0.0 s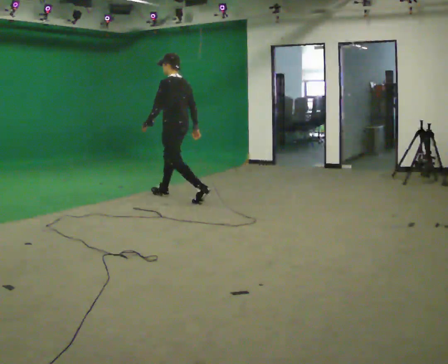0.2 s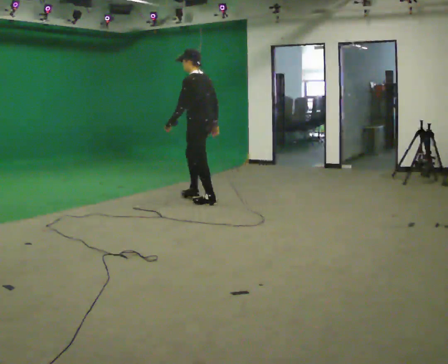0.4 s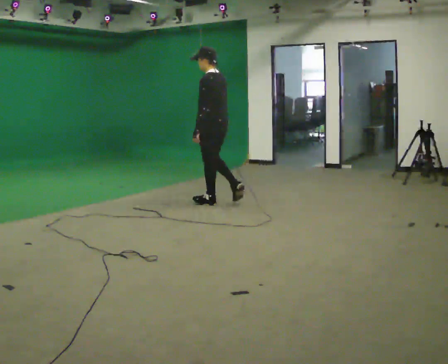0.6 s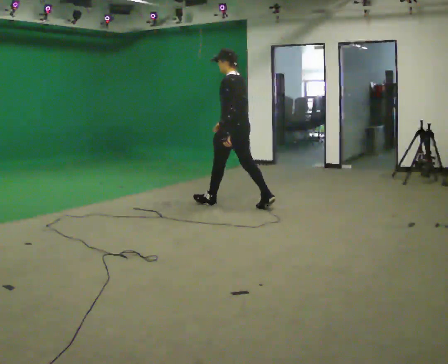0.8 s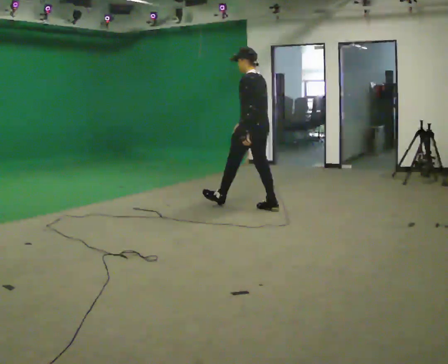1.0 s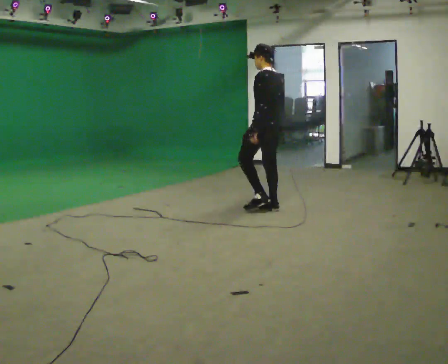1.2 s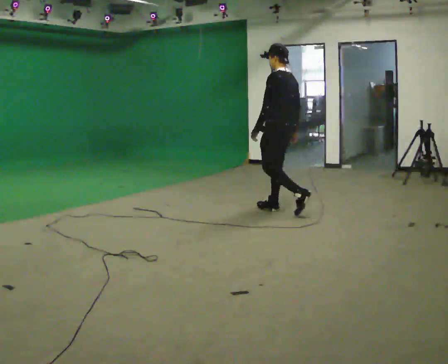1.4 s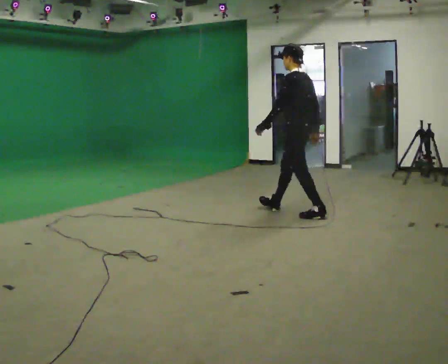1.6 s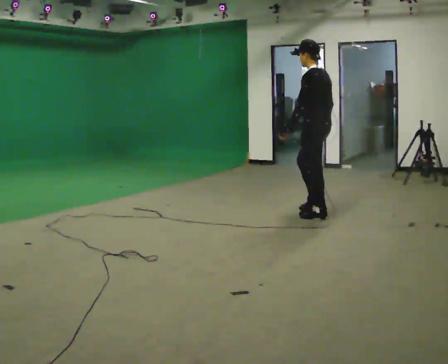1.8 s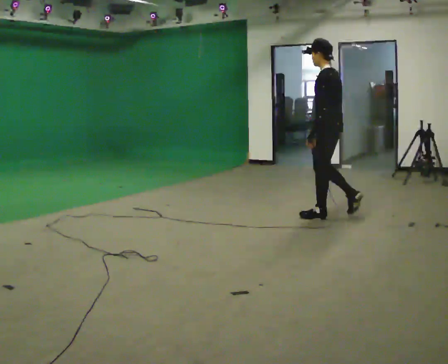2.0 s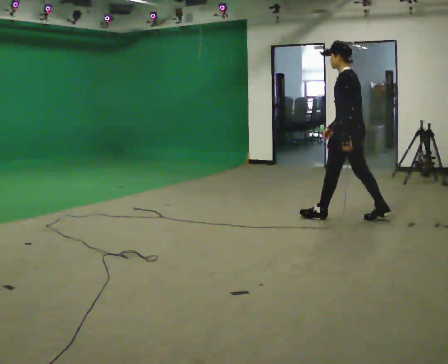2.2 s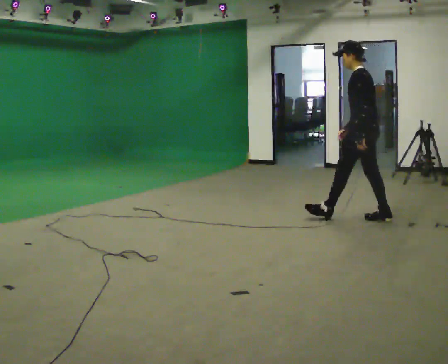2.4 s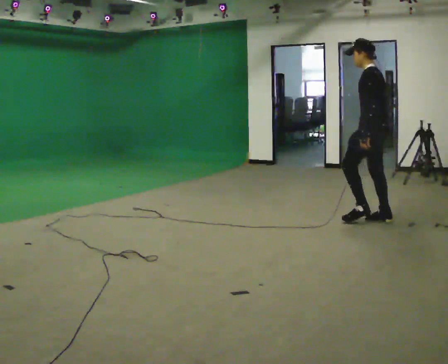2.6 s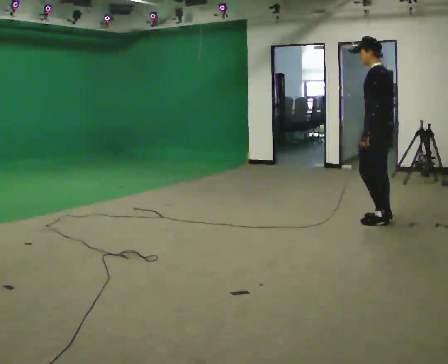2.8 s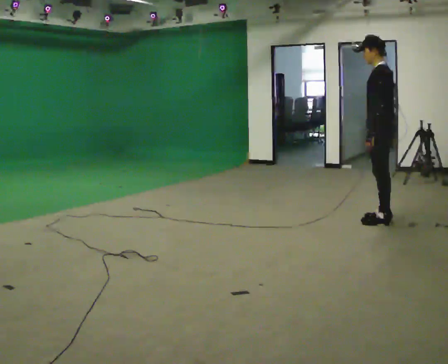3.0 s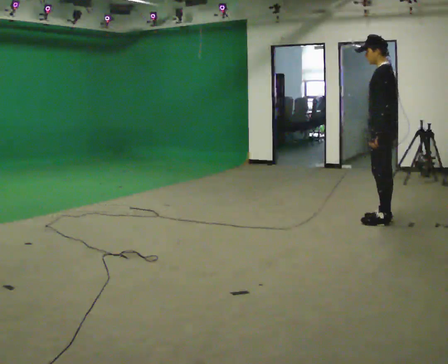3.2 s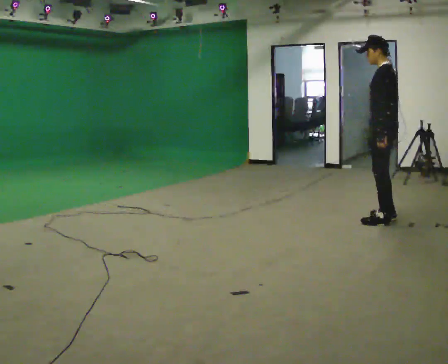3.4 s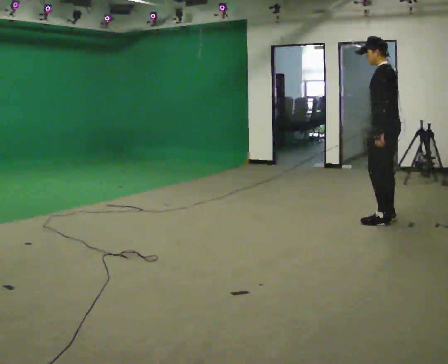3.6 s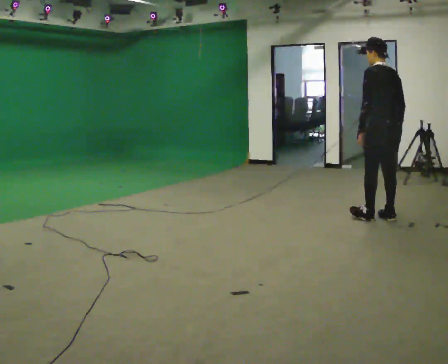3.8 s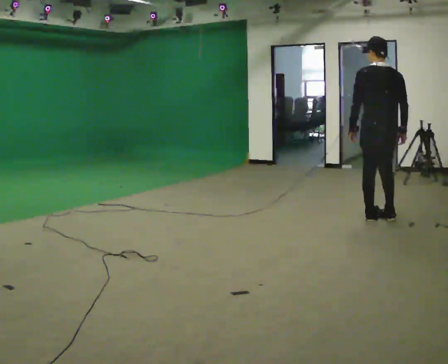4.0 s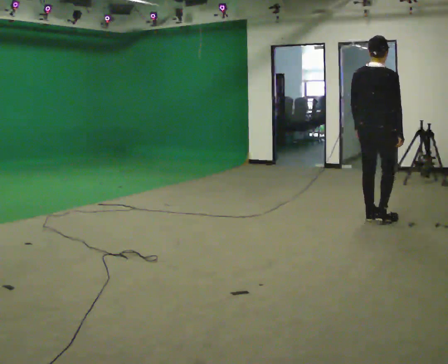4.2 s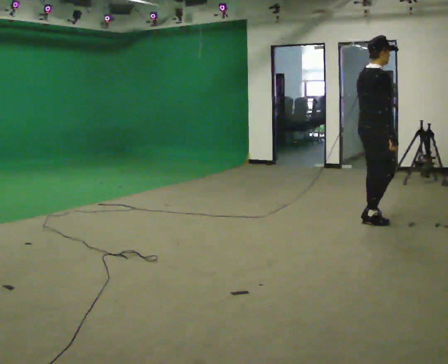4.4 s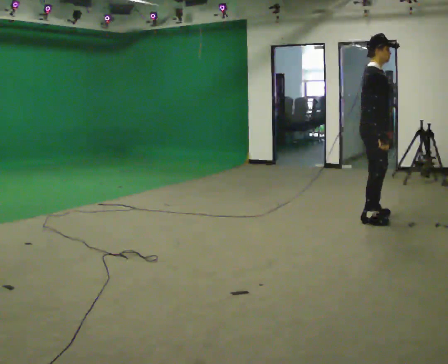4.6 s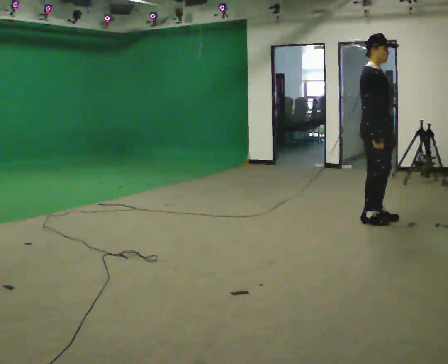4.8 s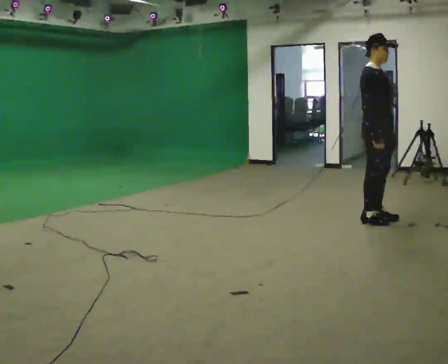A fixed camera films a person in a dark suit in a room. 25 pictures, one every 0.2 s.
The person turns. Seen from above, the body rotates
clockwise.
The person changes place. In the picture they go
to the right.
0.0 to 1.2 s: In the picture they go to the right, about 1.5 m in 2 steps, which for them is backward.
1.2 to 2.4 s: In the picture they go to the right, about 1 m in 2 steps, which for them is backward.
2.4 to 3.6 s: The person turns about 30 degrees to their right, clockwise seen from above, so the part of the body nearest the lens slides to the left. In the picture their right hand goes to the right.
3.6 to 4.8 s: Seen from above the body turns clockwise, about 150 degrees: to their right, with its near side sliding to the left.
The film runs backward here.
